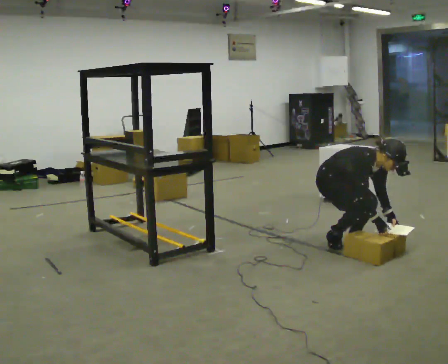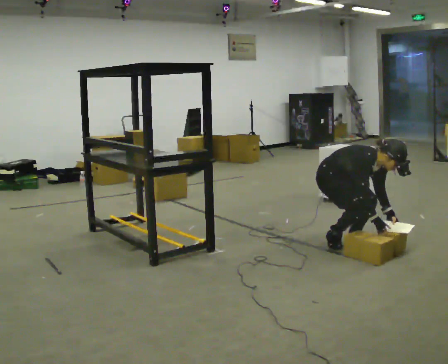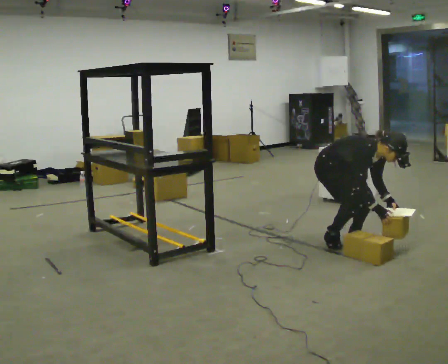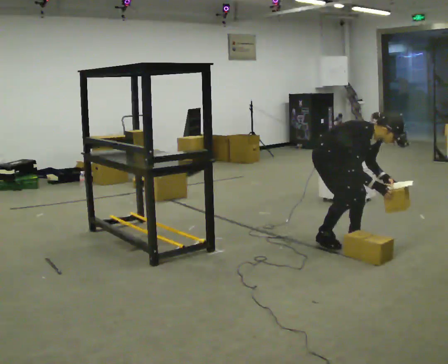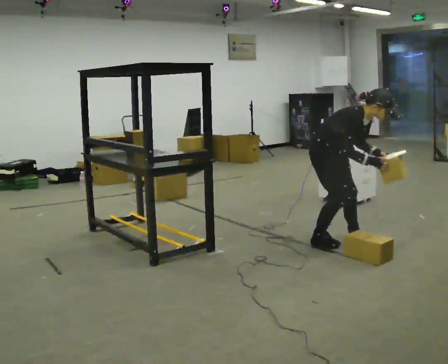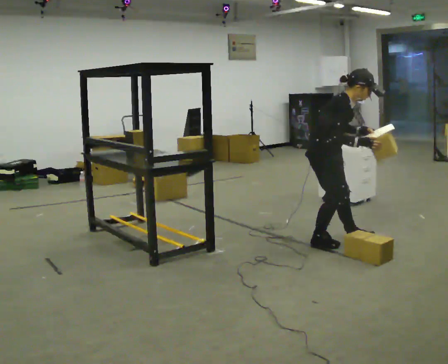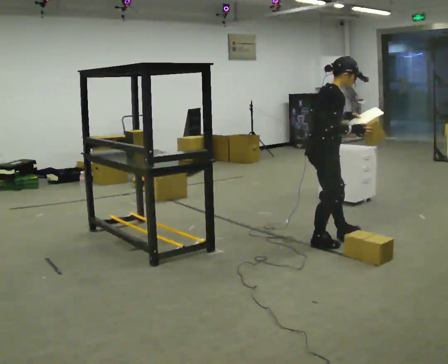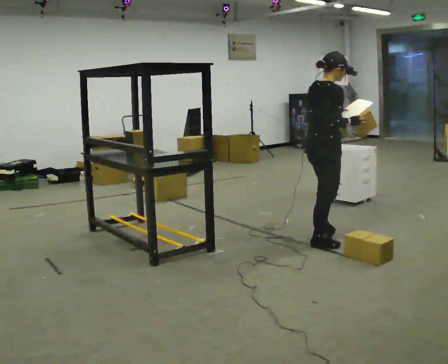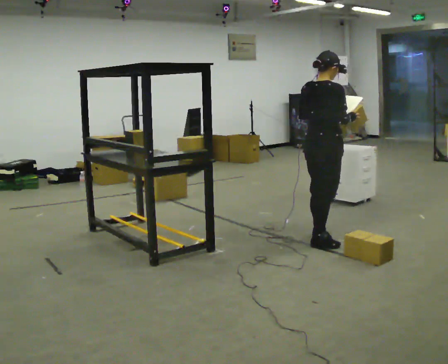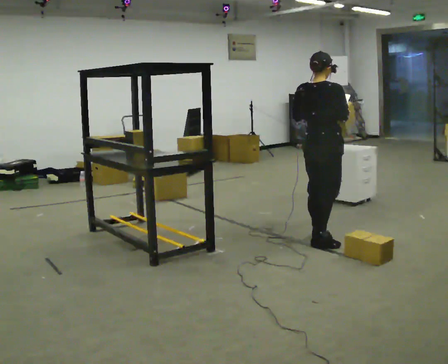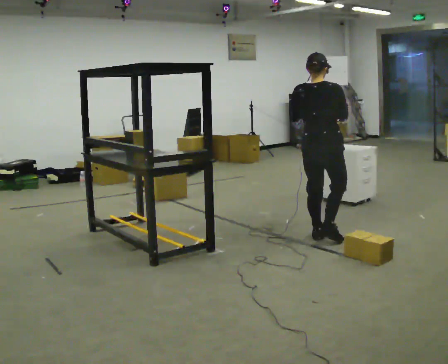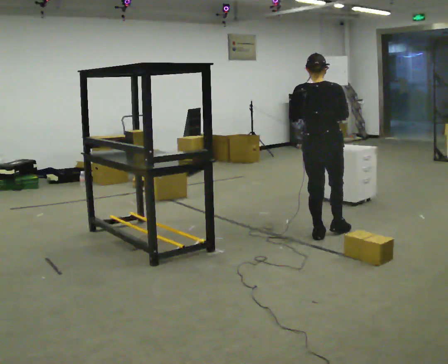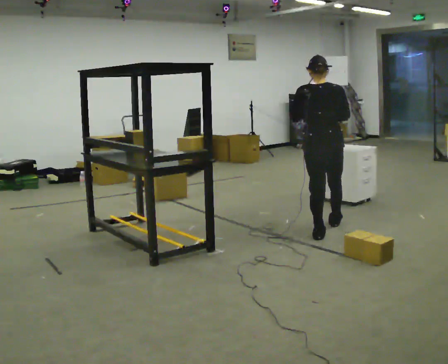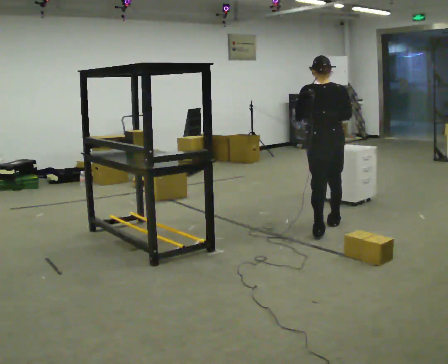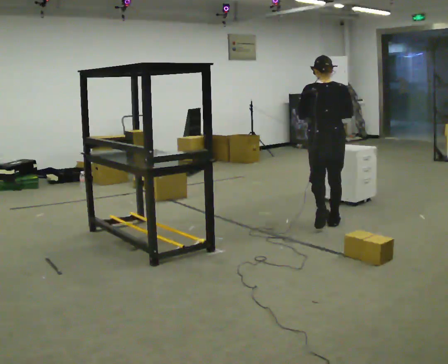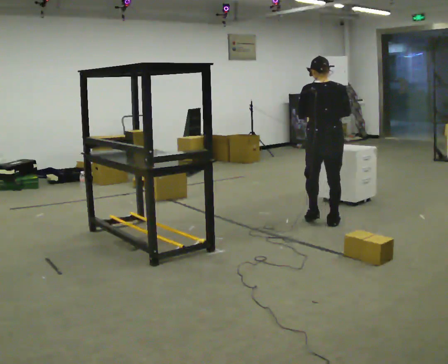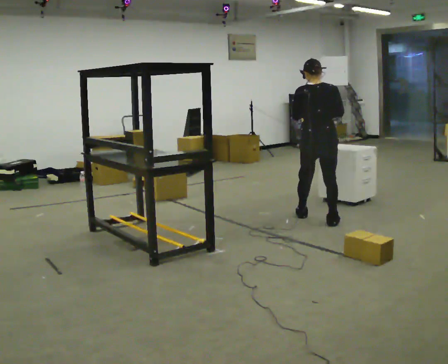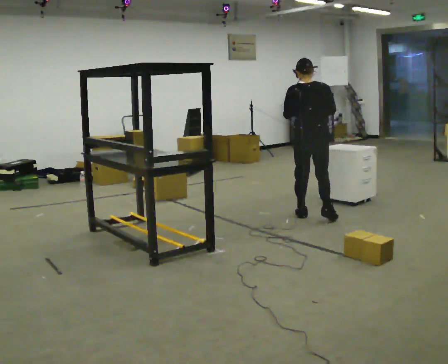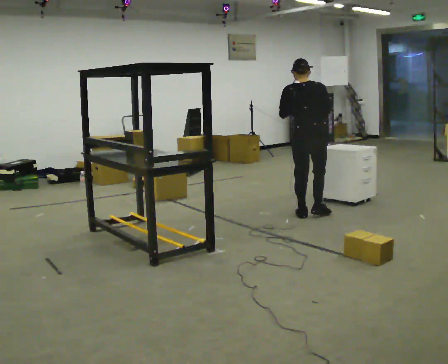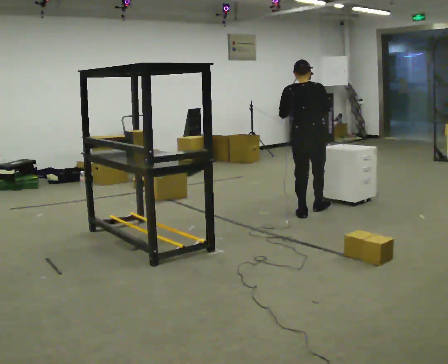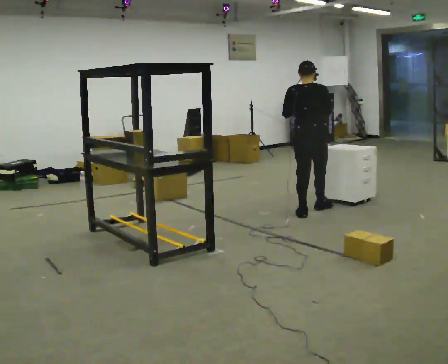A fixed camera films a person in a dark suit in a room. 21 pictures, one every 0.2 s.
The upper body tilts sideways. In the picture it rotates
counterclockwise.
The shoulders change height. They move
upward.
0.0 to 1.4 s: The part of the body nearest the lens slides to the right as the person turns to their left by about 75 degrees. The upper body goes upward. In the picture the upper body tilts counterclockwise, shoulders to the left, as they lean back or straighten. In the picture their left hand goes upward and to the left.
1.4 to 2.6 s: The part of the body nearest the lens slides to the right as the person turns to their left by about 60 degrees. In the picture they go away from the camera, about 0.5 m in 2 steps.
2.6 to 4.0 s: In the picture they go away from the camera, about 0.5 m in 2 steps, which for them is forward.
The film runs forward here.
